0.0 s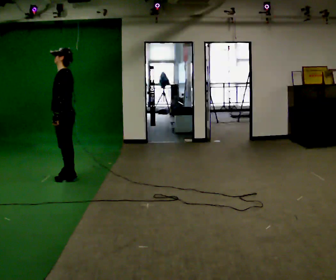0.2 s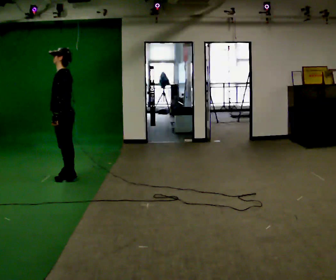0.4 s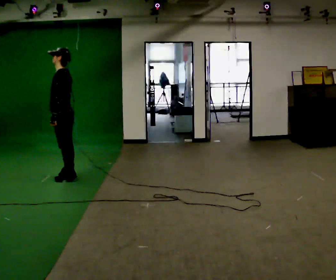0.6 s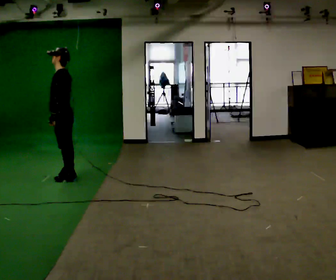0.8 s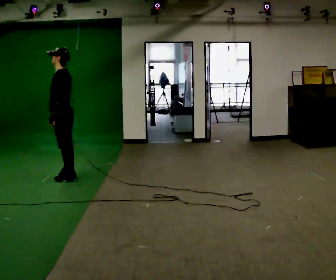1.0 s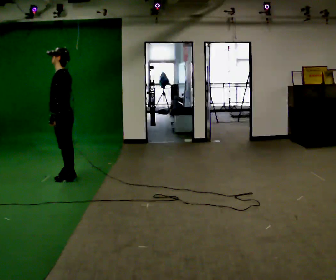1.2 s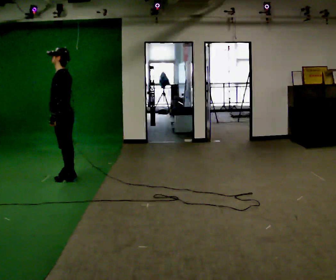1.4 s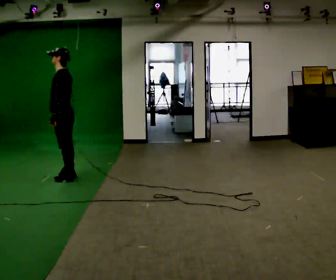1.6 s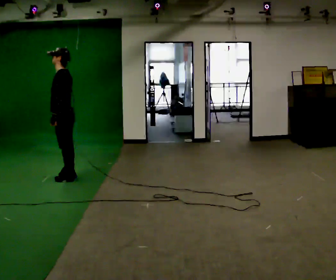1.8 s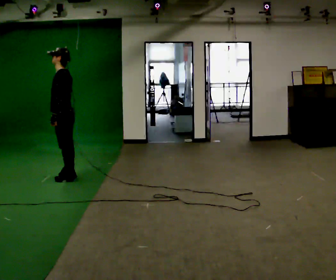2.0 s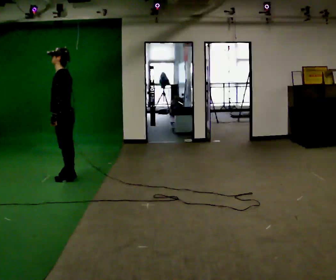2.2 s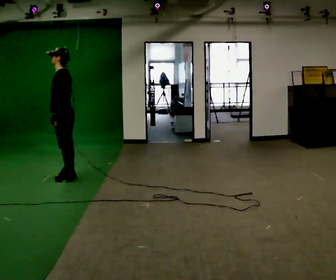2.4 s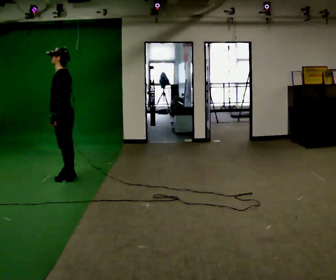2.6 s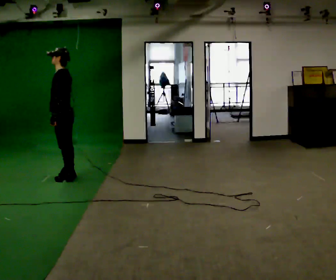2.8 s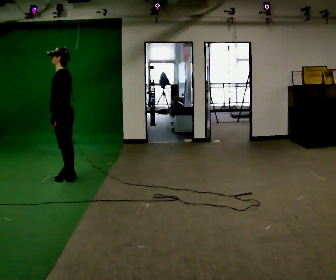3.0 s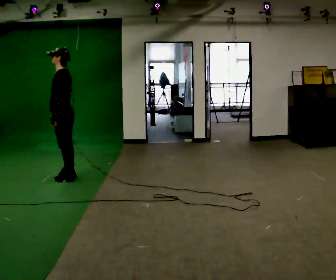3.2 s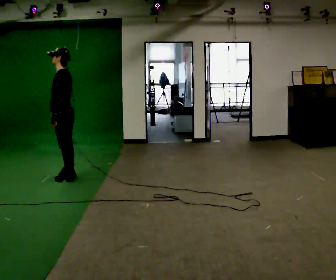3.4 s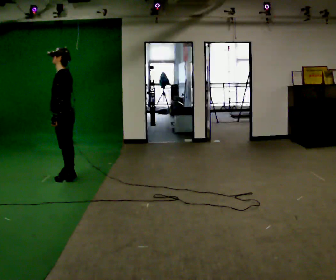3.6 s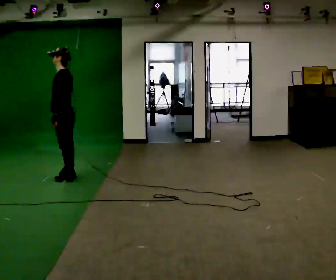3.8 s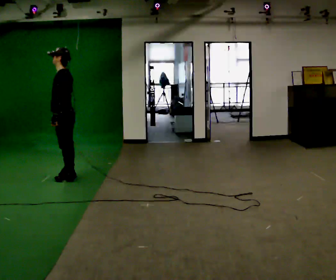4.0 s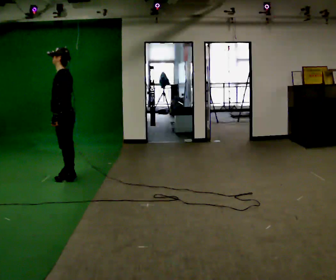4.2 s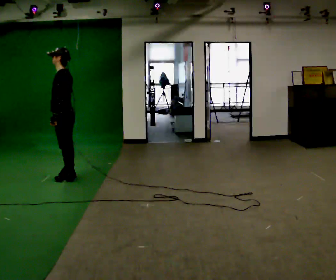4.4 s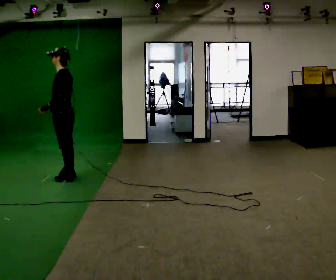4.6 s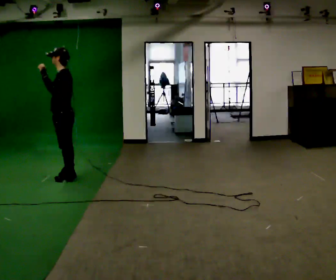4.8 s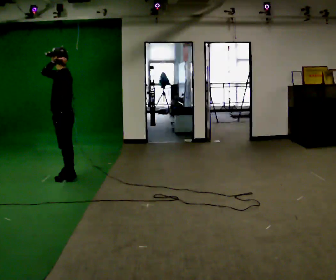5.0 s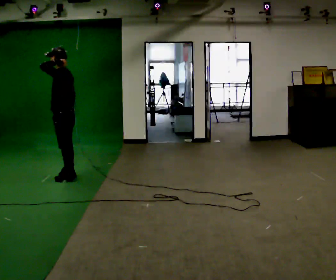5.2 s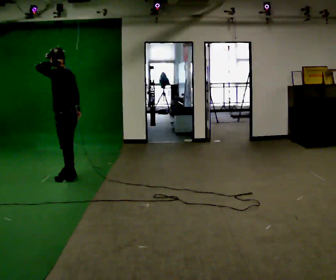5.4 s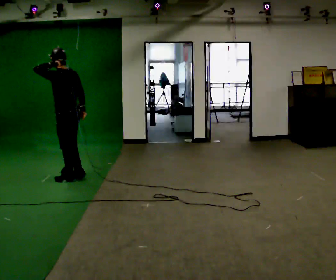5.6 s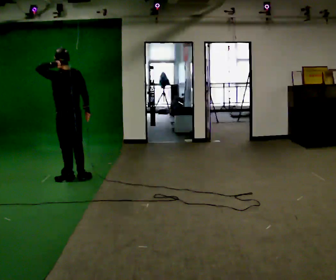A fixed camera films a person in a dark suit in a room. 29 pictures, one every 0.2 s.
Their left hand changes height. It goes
upward.
0.0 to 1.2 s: The person moves a little, or ends about where they began.
1.2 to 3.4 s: The person keeps their place and pose.
3.4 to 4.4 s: The person moves a little, or ends about where they began.
4.4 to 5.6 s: Seen from above the body turns clockwise, about 45 degrees: to their right, with its near side sliding to the left. In the picture their left hand goes upward.
The film runs forward here.
